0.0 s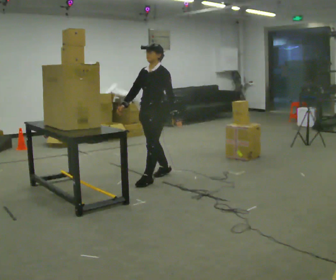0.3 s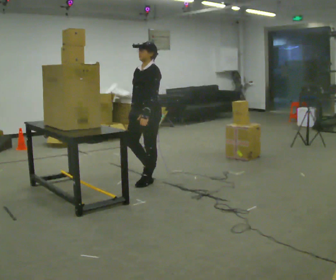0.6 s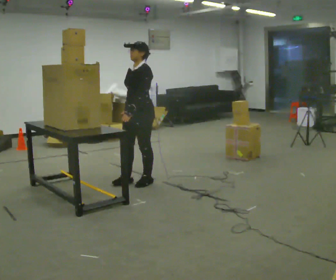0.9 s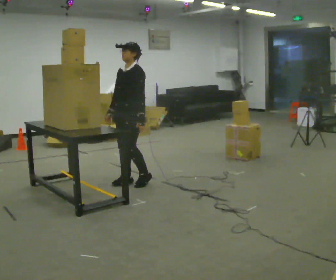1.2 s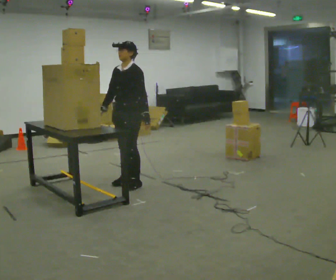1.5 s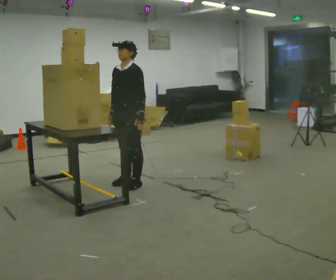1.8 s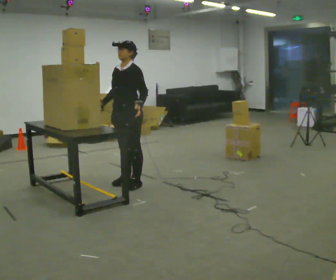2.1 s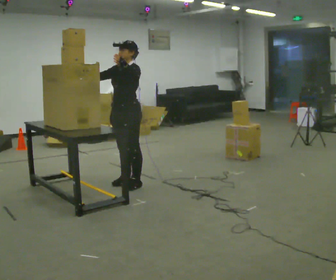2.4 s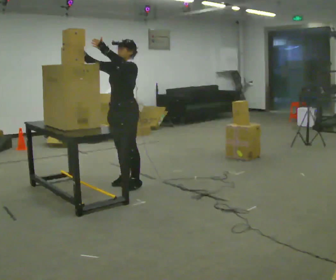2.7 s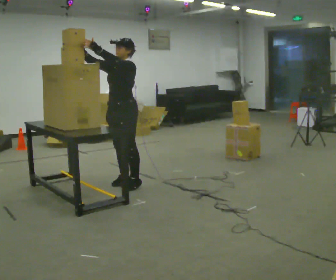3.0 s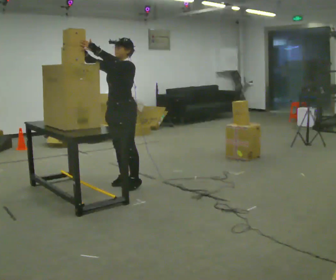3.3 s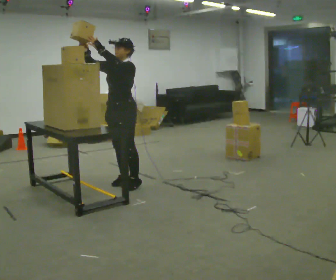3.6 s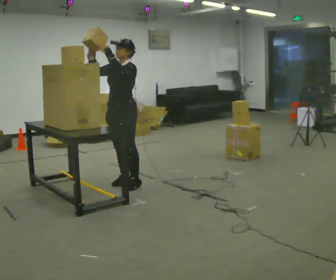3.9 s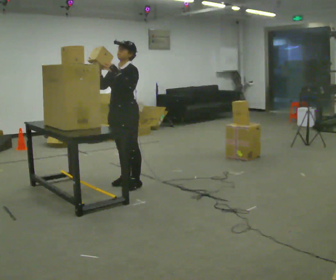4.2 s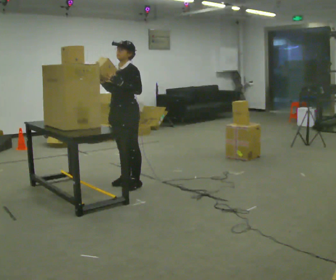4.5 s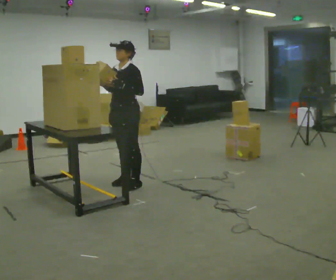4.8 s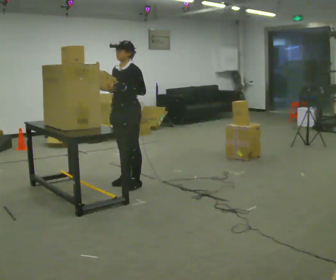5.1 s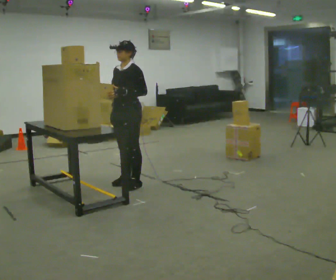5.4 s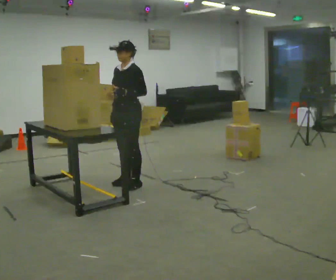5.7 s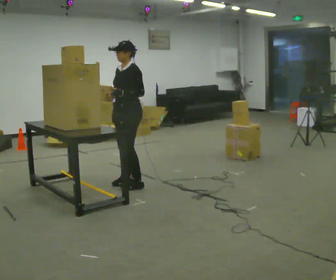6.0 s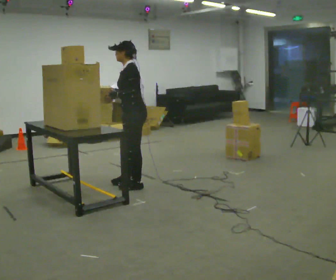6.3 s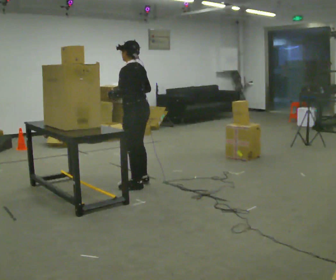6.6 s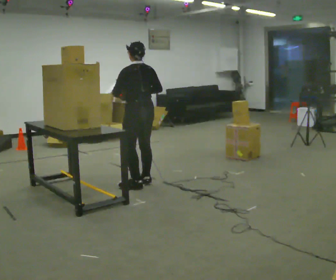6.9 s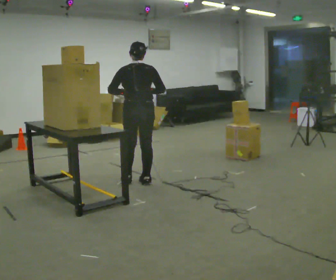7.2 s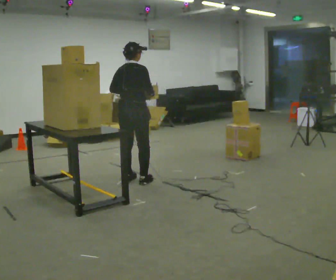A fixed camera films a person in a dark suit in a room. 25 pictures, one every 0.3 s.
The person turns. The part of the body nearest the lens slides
to the left.
The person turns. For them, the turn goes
to their right.
0.0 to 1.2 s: In the picture they go to the left and toward the camera, about 0.25 m in 2 steps, which for them is forward.
1.2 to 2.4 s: In the picture their left hand goes upward and to the left.
2.4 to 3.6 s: The person moves a little, or ends about where they began.
3.6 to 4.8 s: In the picture their right hand goes downward.
4.8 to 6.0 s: The person turns about 45 degrees to their right, clockwise seen from above, so the part of the body nearest the lens slides to the left.
6.0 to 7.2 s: The part of the body nearest the lens slides to the left as the person turns to their right by about 120 degrees. In the picture they go away from the camera, about 0.25 m in 2 steps.
The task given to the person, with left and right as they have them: Take an object down from the highest shelf you can comfortably reach, carry it across, and place it on the waist-height shelf. Keep going until the operator says stop; one object at a time, and do not rush between trips.
The film runs forward here.
